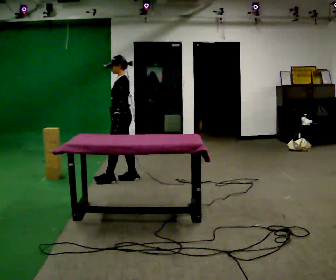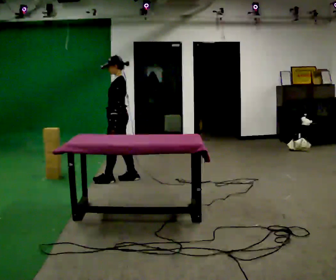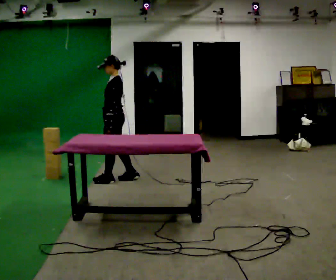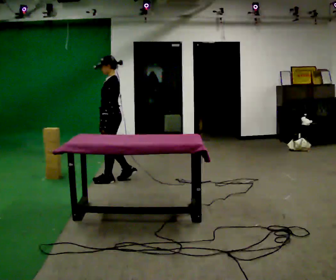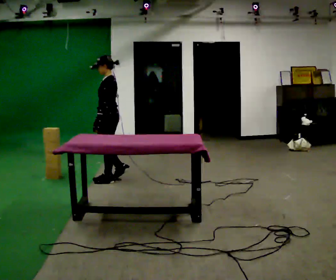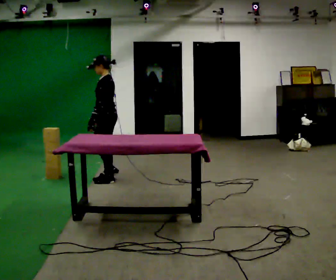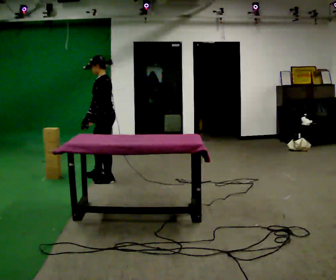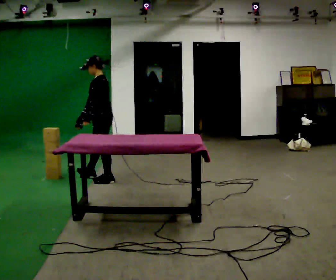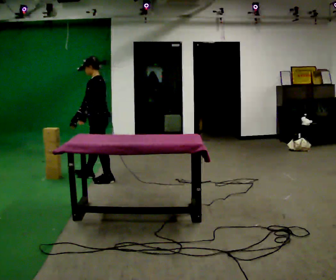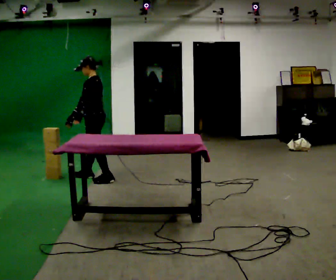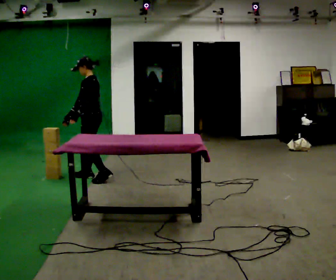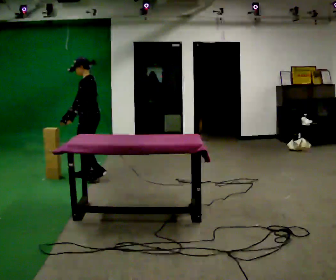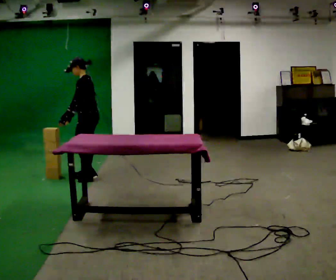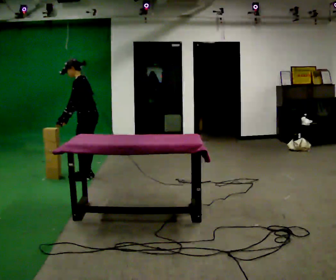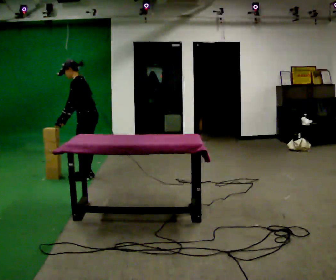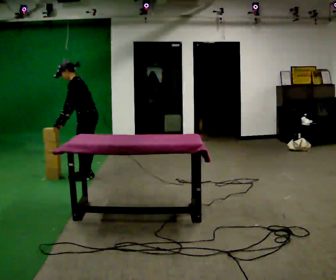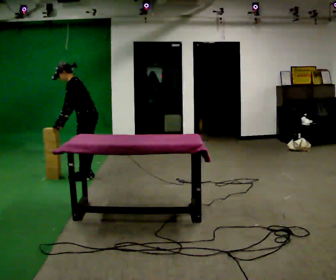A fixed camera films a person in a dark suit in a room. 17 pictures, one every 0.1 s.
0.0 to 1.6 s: In the picture they go to the left, about 0.5 m in 3 steps, which for them is forward. In the picture the upper body tilts counterclockwise, shoulders to the left, as they bend forward.
The film runs forward here.
